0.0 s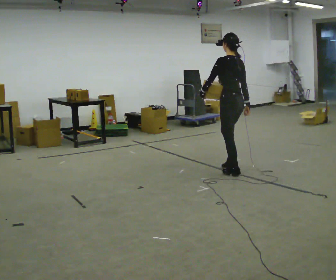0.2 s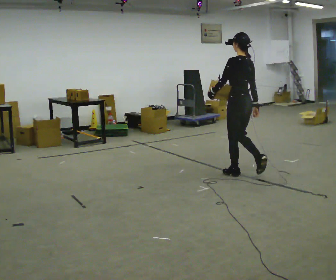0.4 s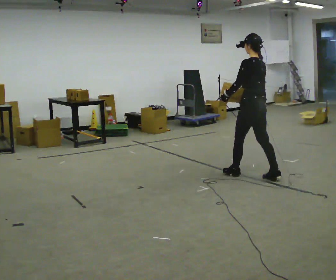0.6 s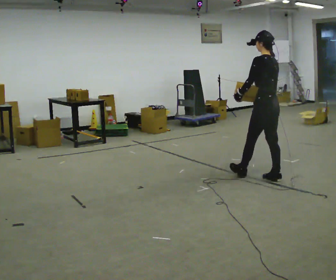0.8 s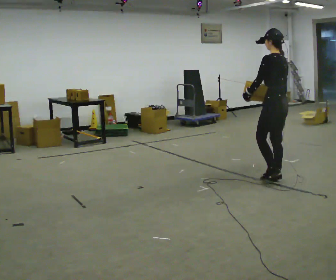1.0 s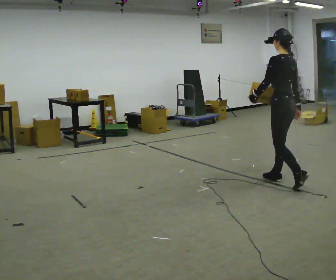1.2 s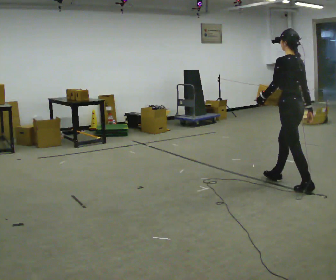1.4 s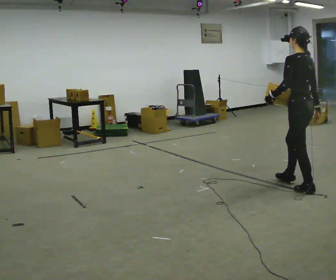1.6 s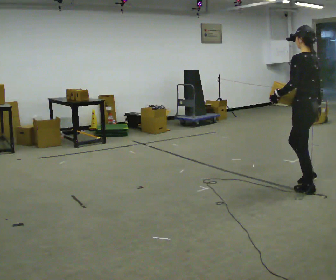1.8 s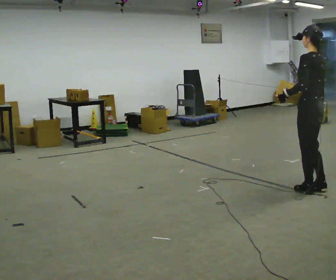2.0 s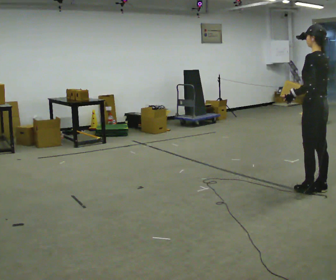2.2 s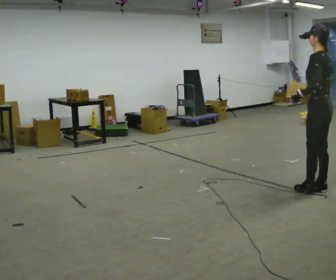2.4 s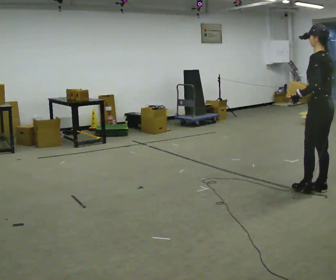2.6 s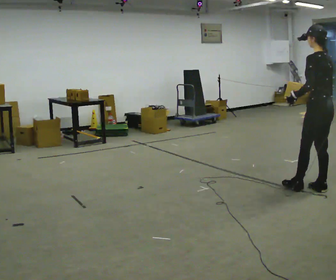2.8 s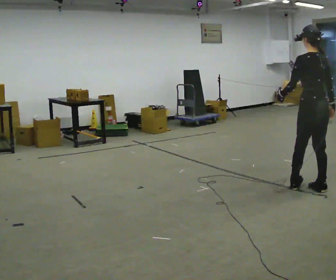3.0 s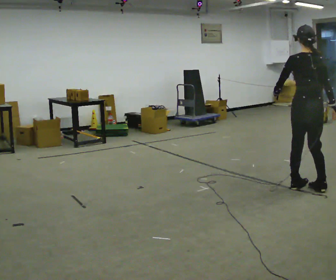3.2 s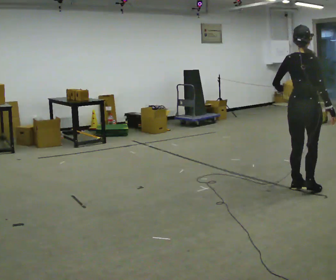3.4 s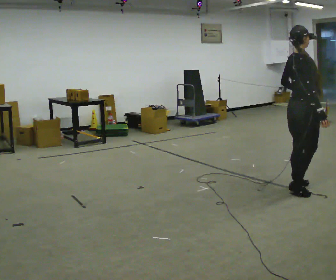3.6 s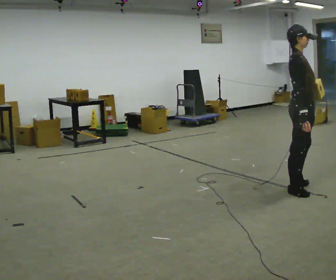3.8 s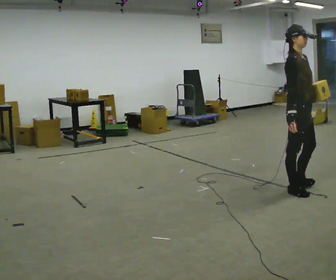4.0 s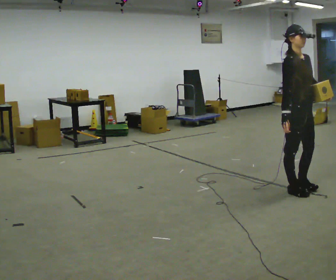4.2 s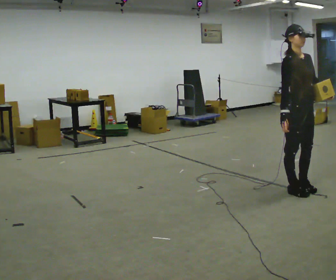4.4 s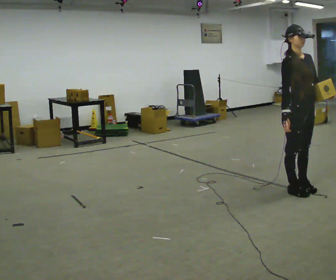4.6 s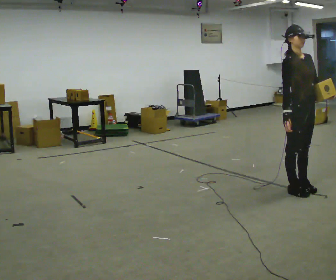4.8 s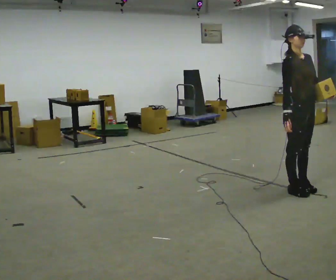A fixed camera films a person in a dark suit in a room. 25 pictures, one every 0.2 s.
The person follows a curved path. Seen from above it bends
clockwise.
The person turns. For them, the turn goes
to their right.
0.0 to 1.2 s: In the picture they go to the right and toward the camera, about 1 m in 1 step, which for them is backward.
1.2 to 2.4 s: In the picture they go to the right and toward the camera, about 0.25 m in 1 step, which for them is backward.
2.4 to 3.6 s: The part of the body nearest the lens slides to the left as the person turns to their right by about 150 degrees. In the picture they go to the left, about 0.25 m in 2 steps.
3.6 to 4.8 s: Seen from above the body turns clockwise, about 45 degrees: to their right, with its near side sliding to the left.
The film runs backward here.
